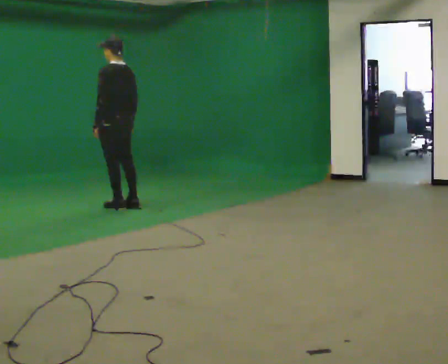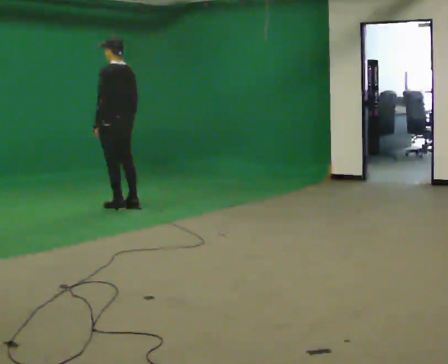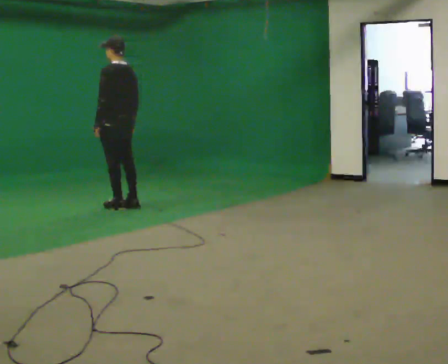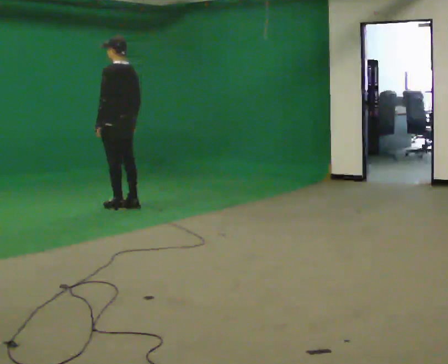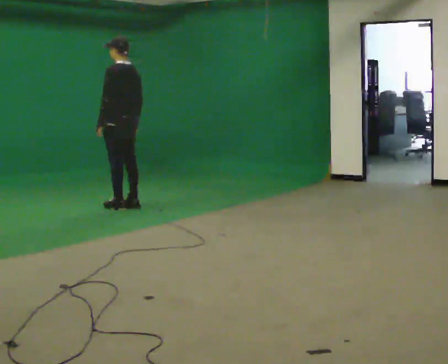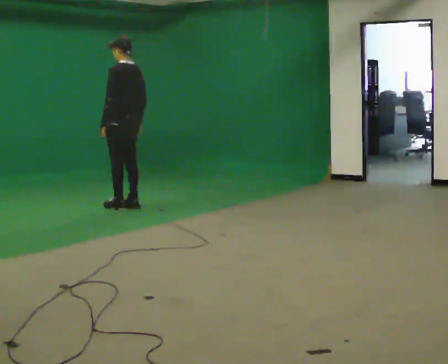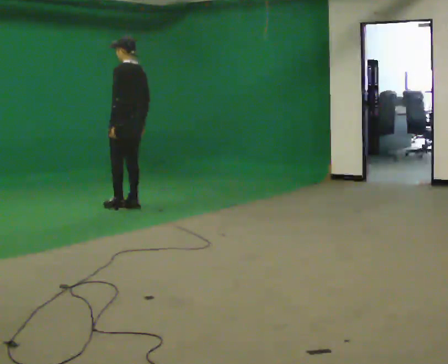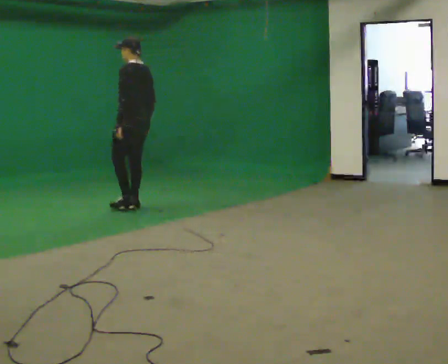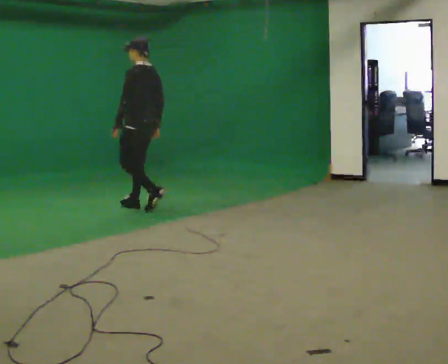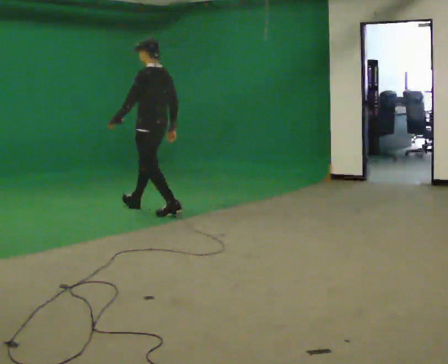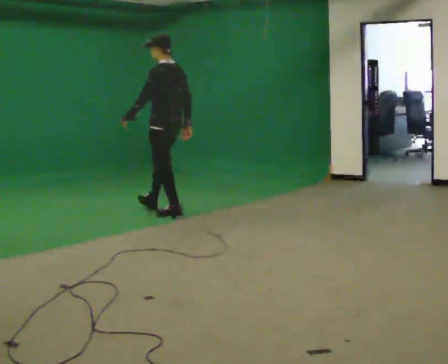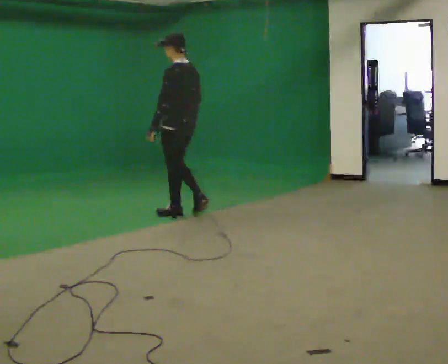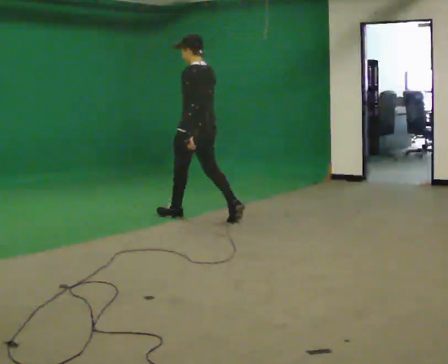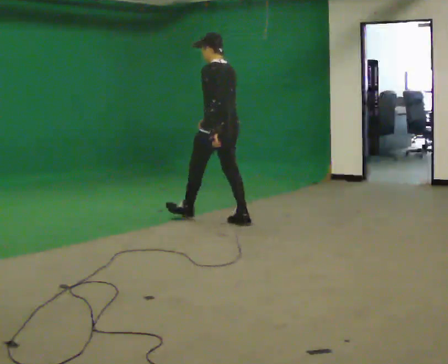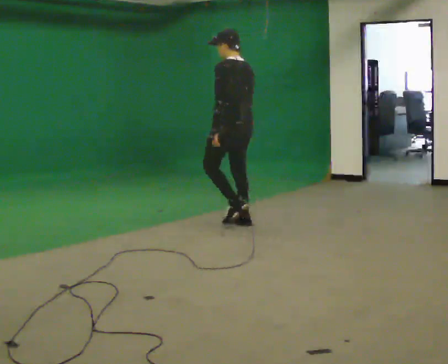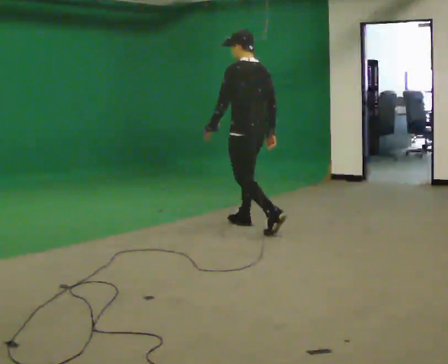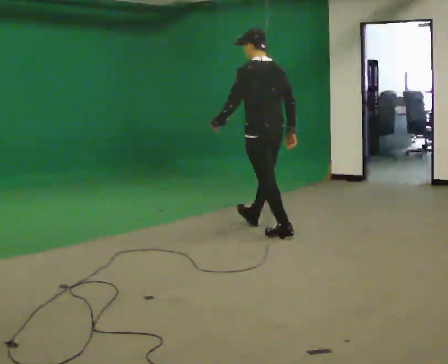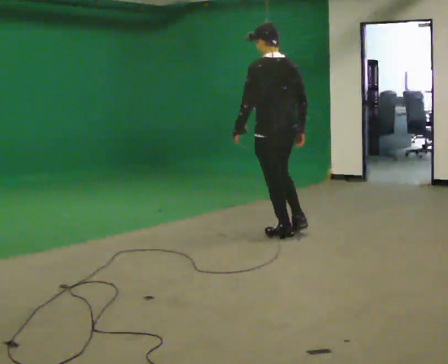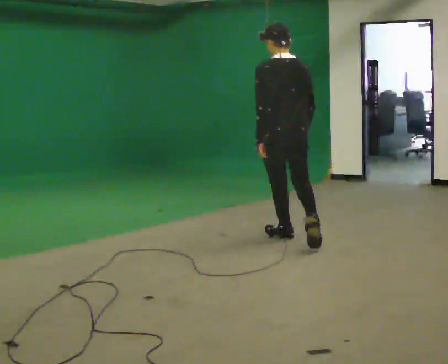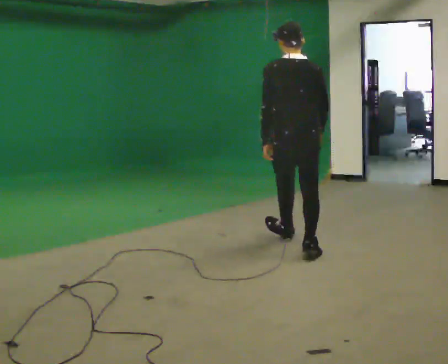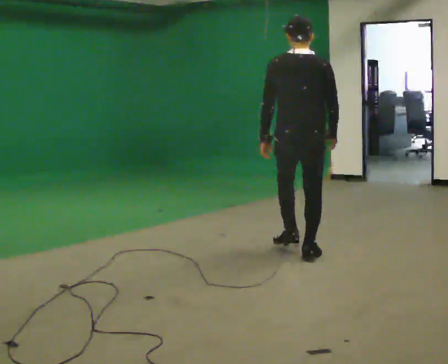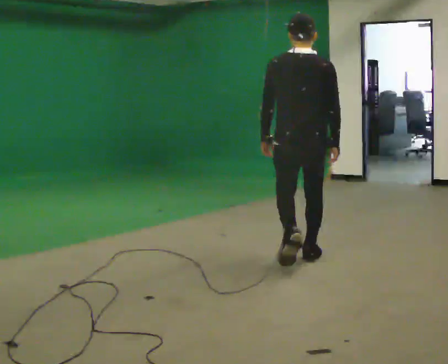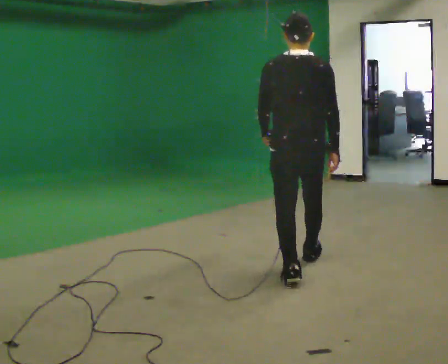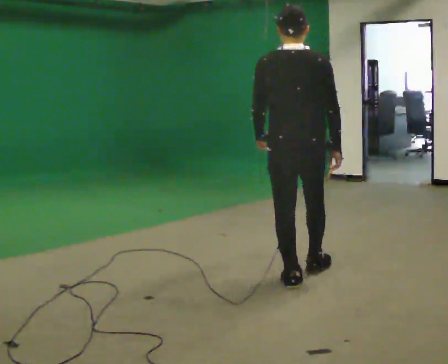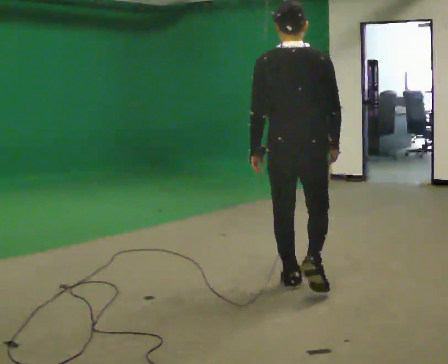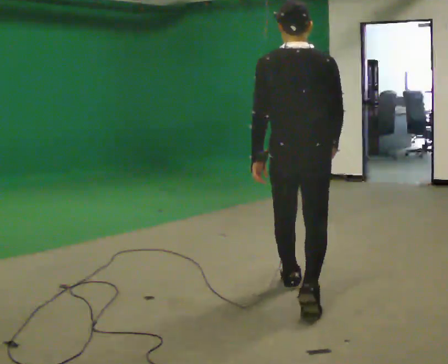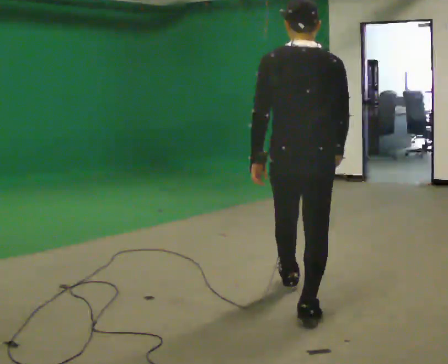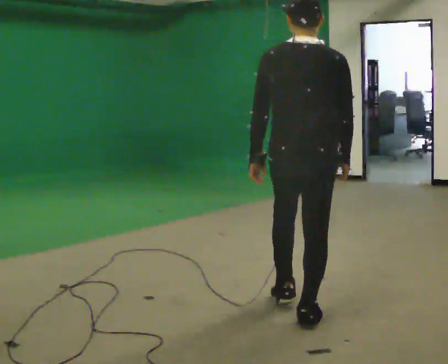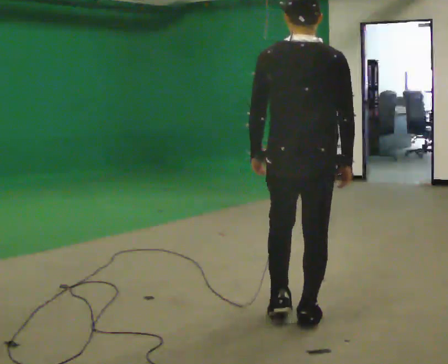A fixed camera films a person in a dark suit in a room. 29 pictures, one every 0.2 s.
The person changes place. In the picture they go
toward the camera.
0.0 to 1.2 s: The person moves a little, or ends about where they began.
1.2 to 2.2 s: In the picture they go to the right and toward the camera, about 0.75 m in 2 steps, which for them is backward.
2.2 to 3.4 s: The part of the body nearest the lens slides to the left as the person turns to their right by about 30 degrees. In the picture they go toward the camera and to the right, about 1.5 m in 2 steps, which for them is backward.
3.4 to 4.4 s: Seen from above the body turns clockwise, about 45 degrees: to their right, with its near side sliding to the left. In the picture they go toward the camera, about 1 m in 1 step, which for them is backward.
4.4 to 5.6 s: In the picture they go toward the camera, about 1 m in 2 steps, which for them is backward.
The film runs backward here.
